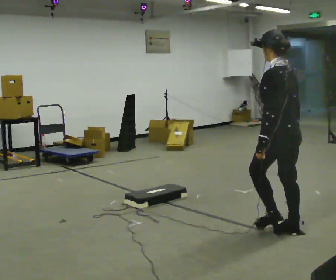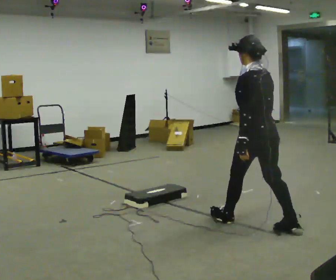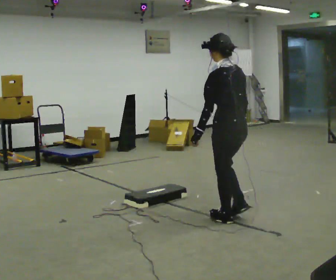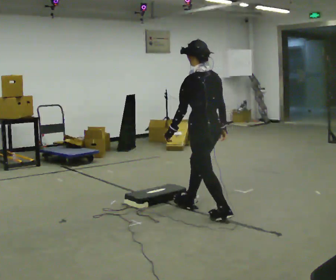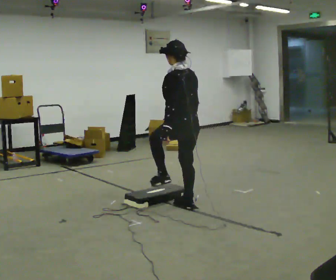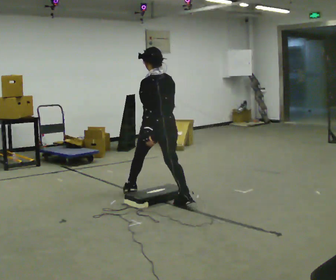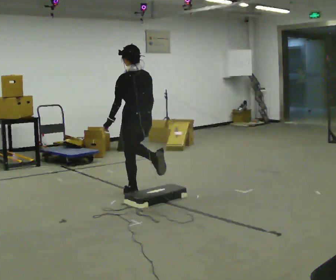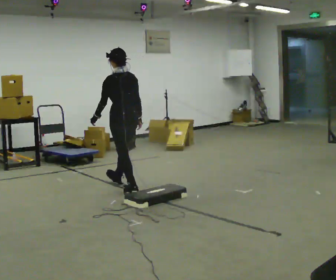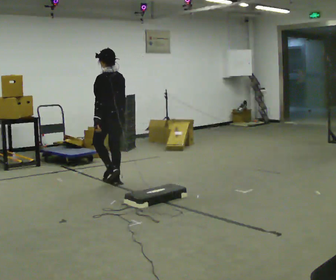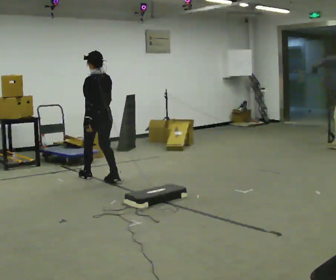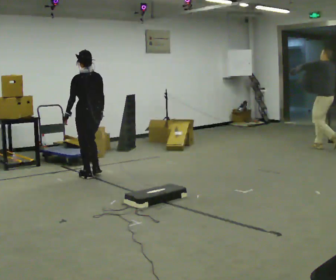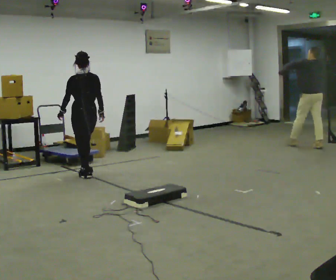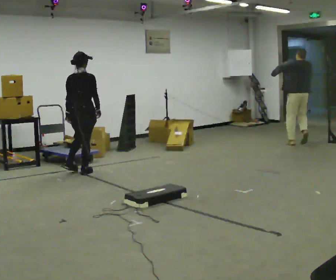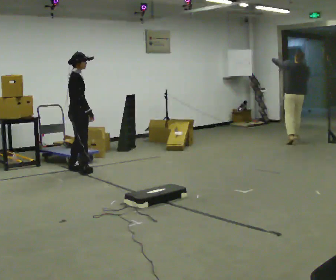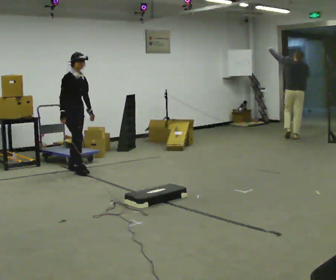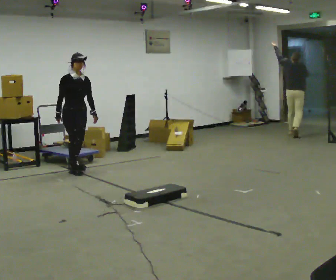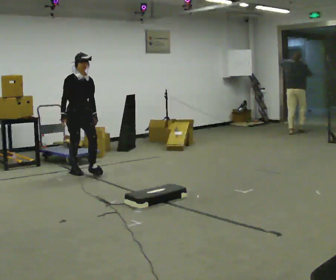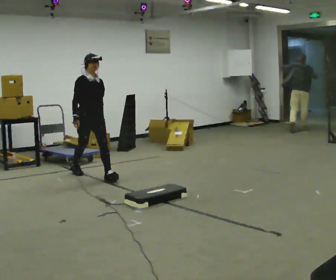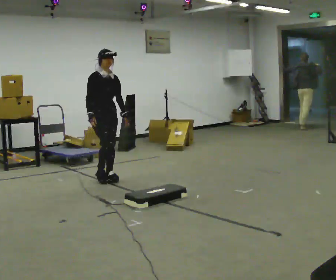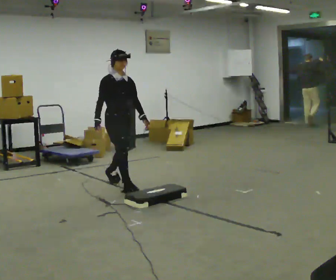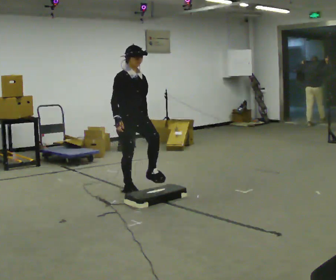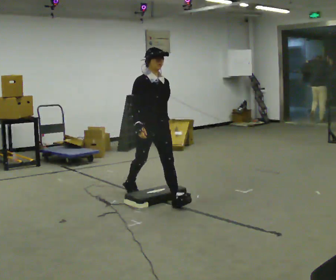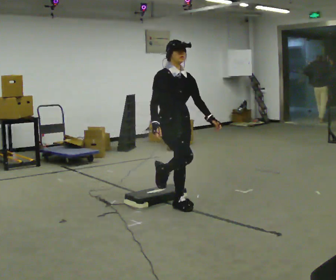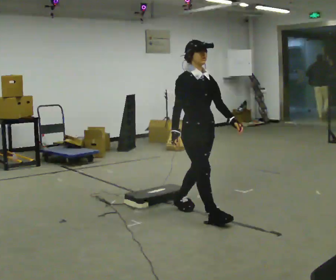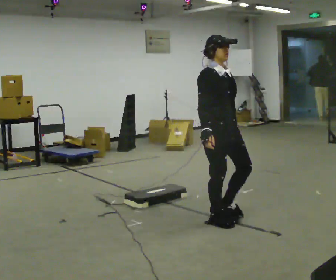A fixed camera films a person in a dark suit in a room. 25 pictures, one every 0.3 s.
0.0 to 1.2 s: In the picture they go away from the camera and to the left, about 1 m in 2 steps, which for them is forward.
1.2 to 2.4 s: In the picture they go away from the camera and to the left, about 1.5 m in 2 steps, which for them is forward.
2.4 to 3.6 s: The person turns about 60 degrees to their right, clockwise seen from above, so the part of the body nearest the lens slides to the left. In the picture they go away from the camera and to the left, about 0.5 m in 2 steps.
3.6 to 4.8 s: The part of the body nearest the lens slides to the left as the person turns to their right by about 120 degrees. In the picture their right hand goes to the left, the arm swinging clockwise.
4.8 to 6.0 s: In the picture they go toward the camera and to the right, about 1 m in 2 steps, which for them is forward.
6.0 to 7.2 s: In the picture they go toward the camera and to the right, about 1.5 m in 2 steps, which for them is forward.
The film runs forward here.
